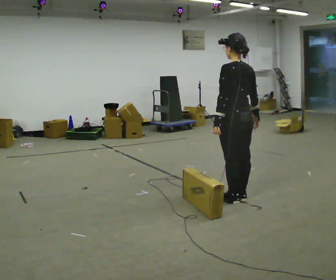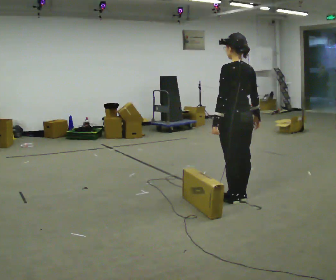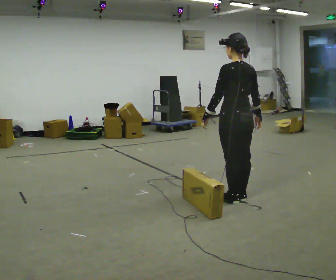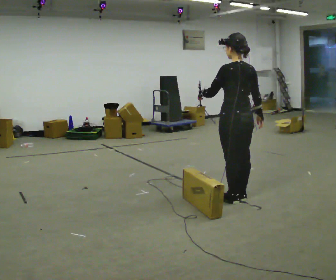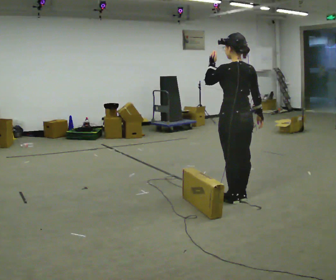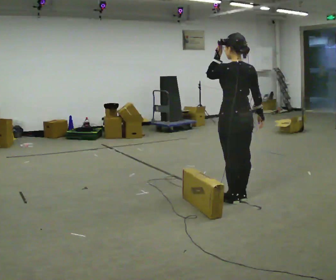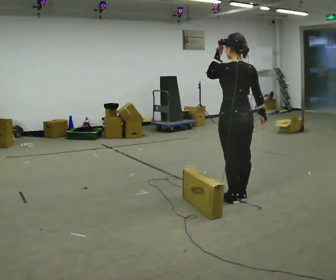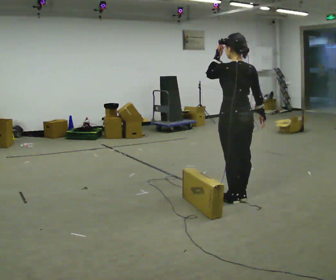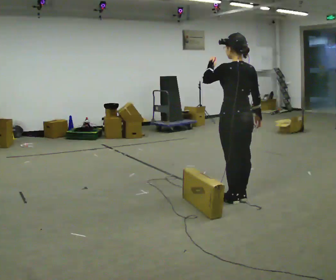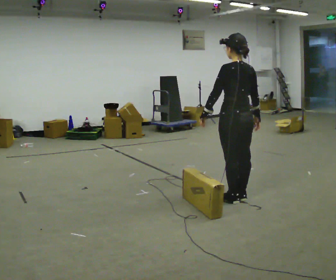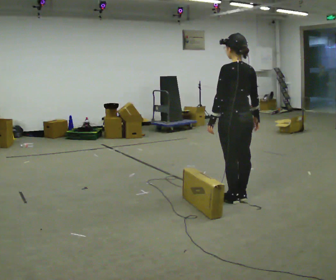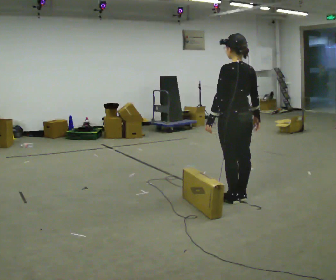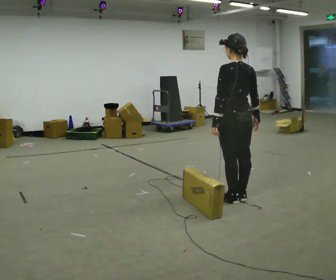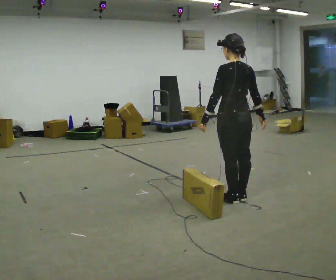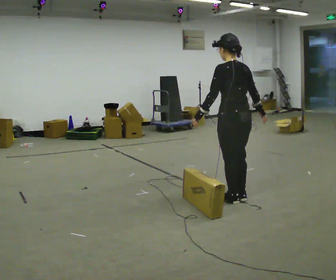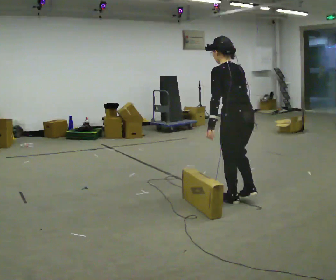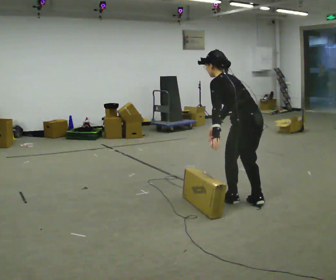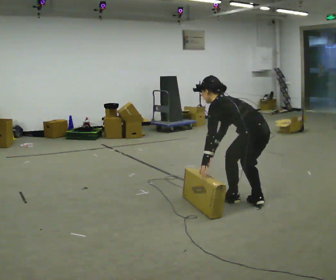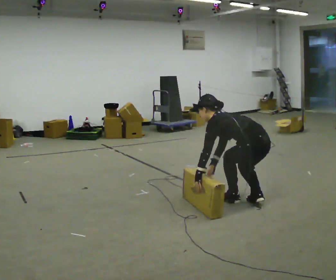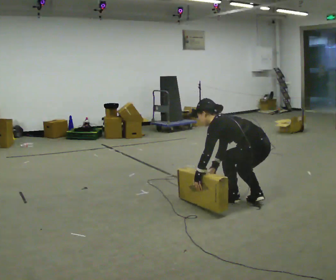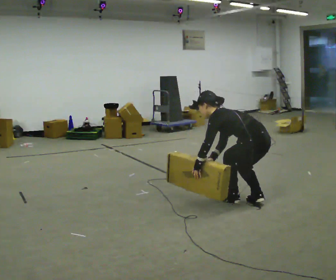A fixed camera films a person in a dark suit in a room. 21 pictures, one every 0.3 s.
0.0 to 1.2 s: In the picture their left hand goes upward.
1.2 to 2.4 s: The person moves a little, or ends about where they began.
2.4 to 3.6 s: In the picture their left hand goes downward.
3.6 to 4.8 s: In the picture the upper body tilts counterclockwise, shoulders to the left, as they bend forward. In the picture their right hand goes to the left.
4.8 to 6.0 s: The upper body goes downward. In the picture the upper body tilts counterclockwise, shoulders to the left, as they bend forward. In the picture their right hand goes downward.
The film runs backward here.
